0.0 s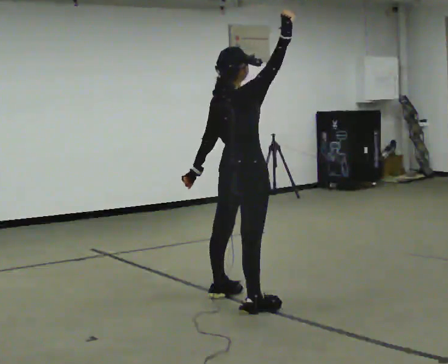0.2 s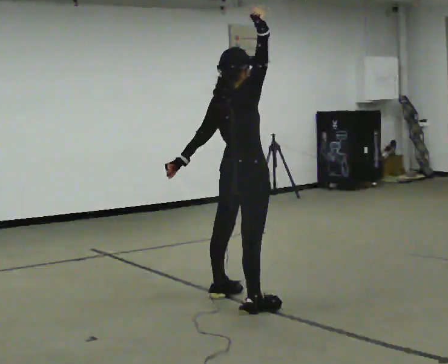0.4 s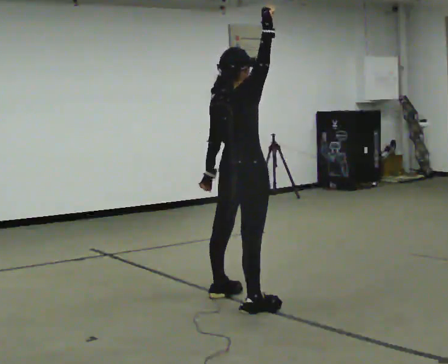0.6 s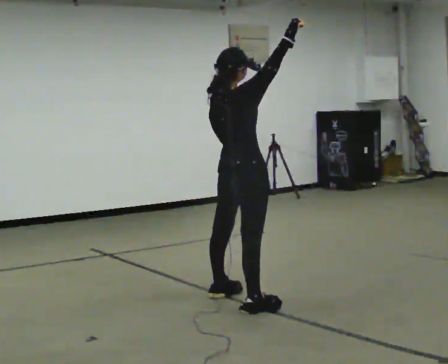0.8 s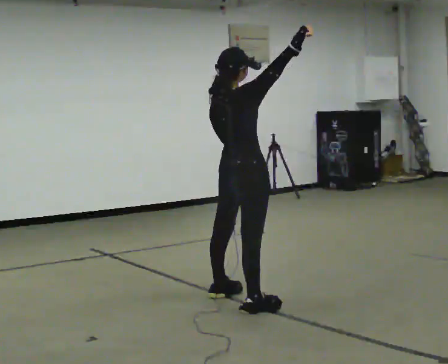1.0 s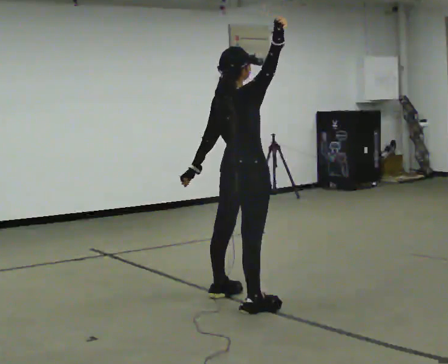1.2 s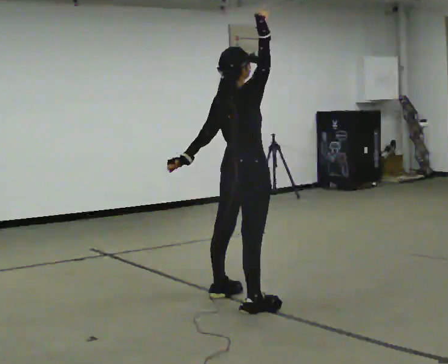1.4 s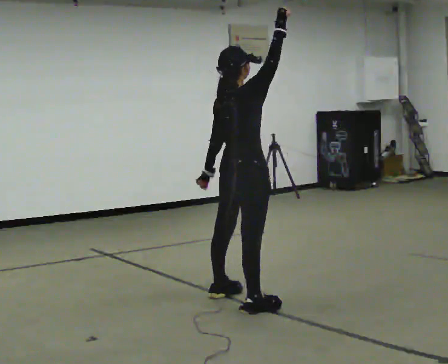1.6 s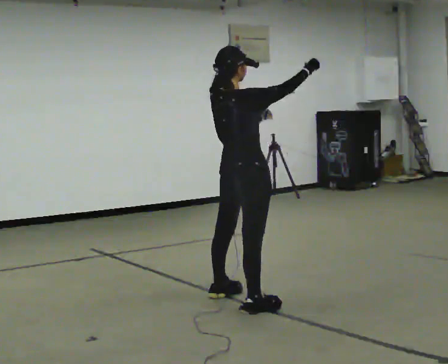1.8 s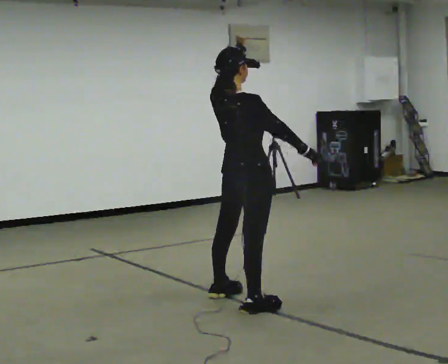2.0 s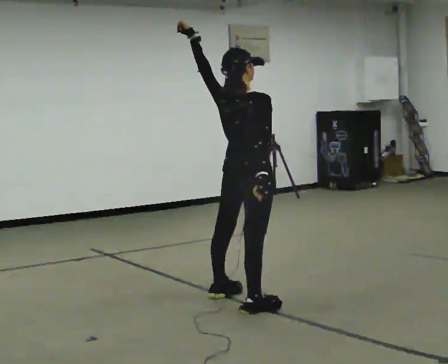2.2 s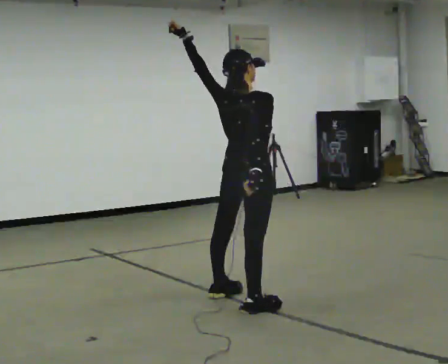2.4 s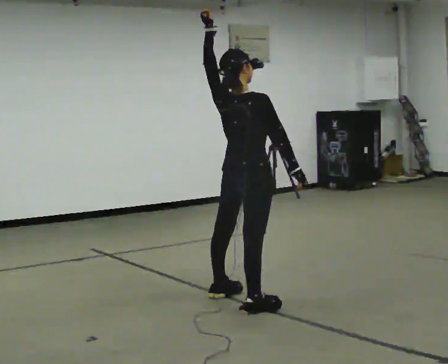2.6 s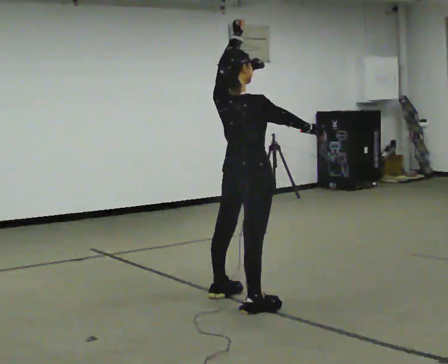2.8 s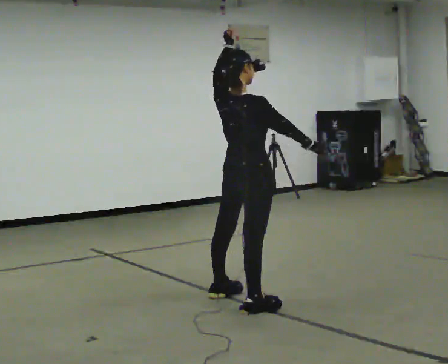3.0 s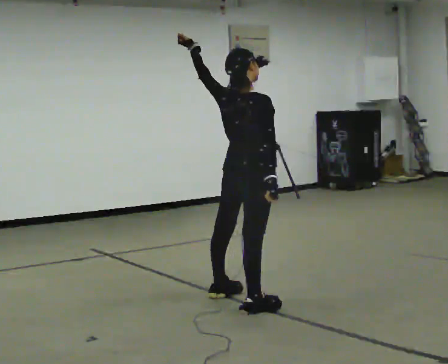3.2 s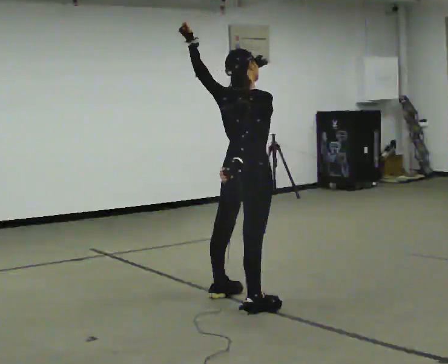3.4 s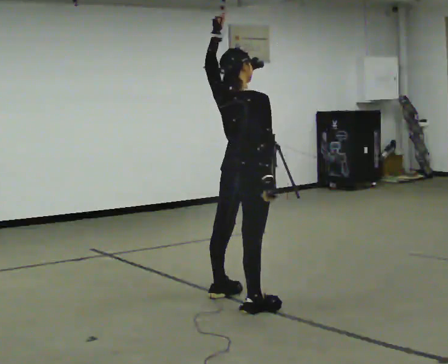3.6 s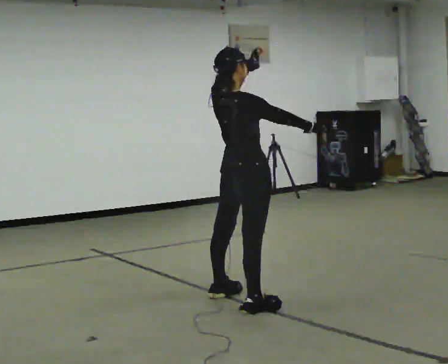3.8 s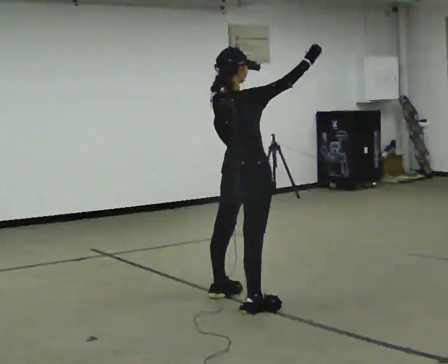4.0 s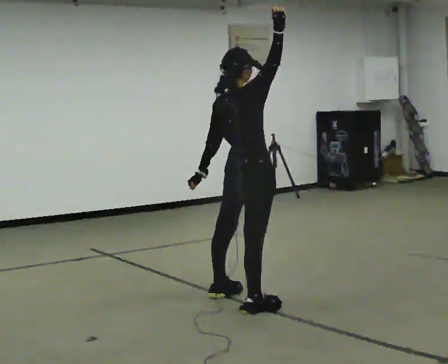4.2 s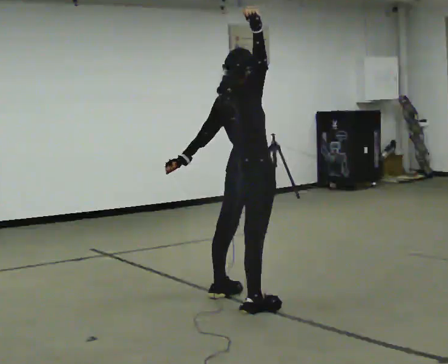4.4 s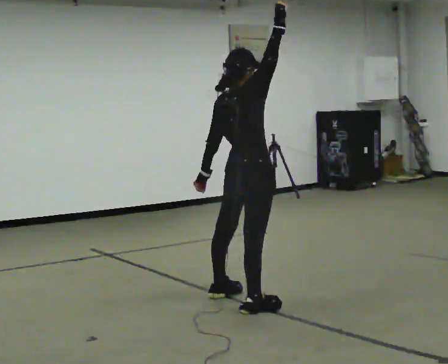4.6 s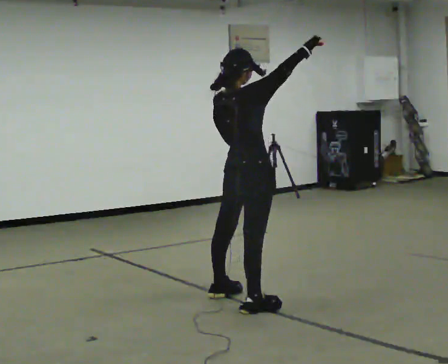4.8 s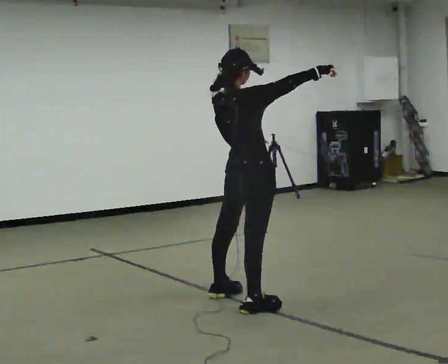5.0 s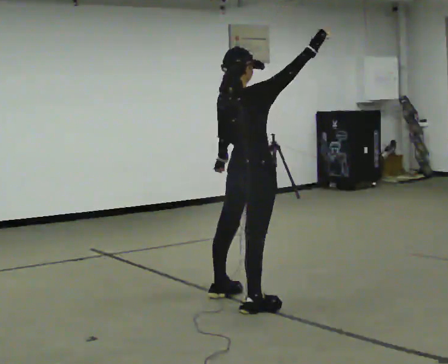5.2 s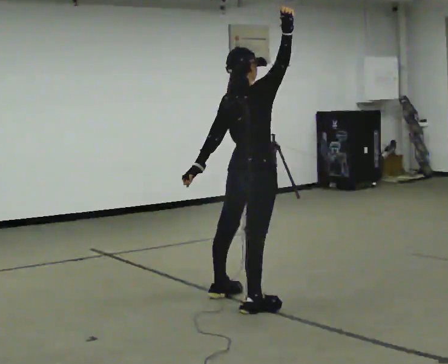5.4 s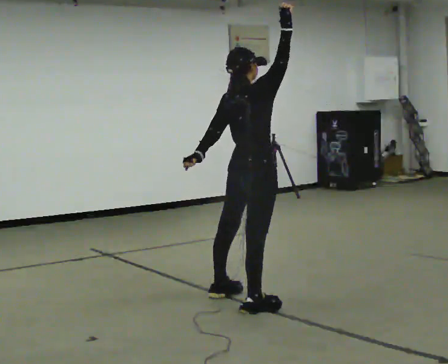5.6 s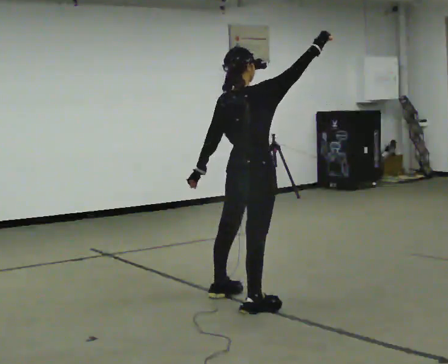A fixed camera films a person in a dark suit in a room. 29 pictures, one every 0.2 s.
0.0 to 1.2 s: The person moves a little, or ends about where they began.
1.2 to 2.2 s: In the picture their right hand goes downward, the arm swinging clockwise.
2.2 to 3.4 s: The person moves a little, or ends about where they began.
3.4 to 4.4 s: In the picture their right hand goes upward, the arm swinging counterclockwise.
4.4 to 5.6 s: The person moves a little, or ends about where they began.
The film runs backward here.
